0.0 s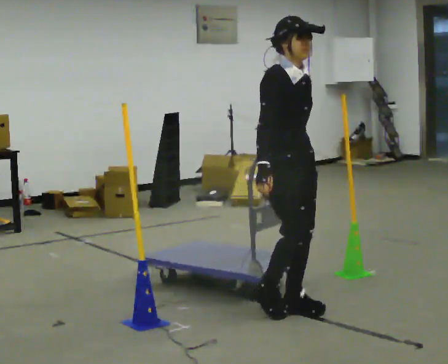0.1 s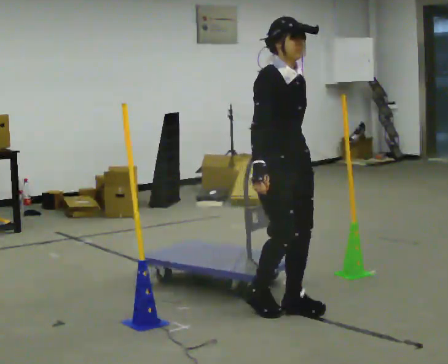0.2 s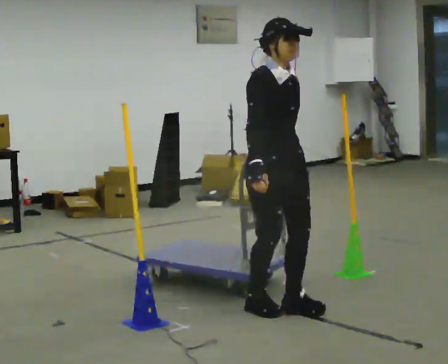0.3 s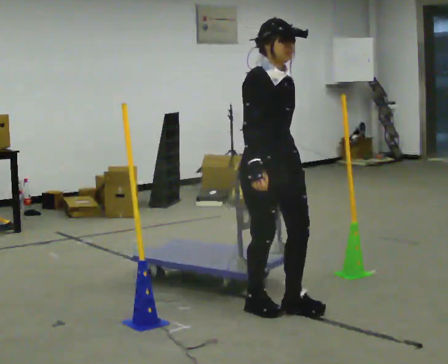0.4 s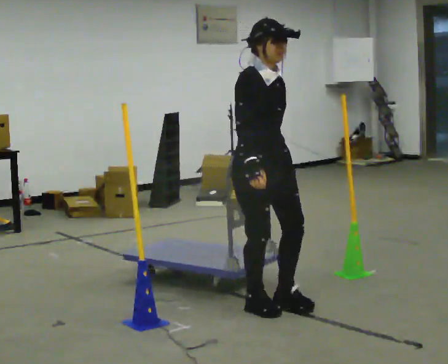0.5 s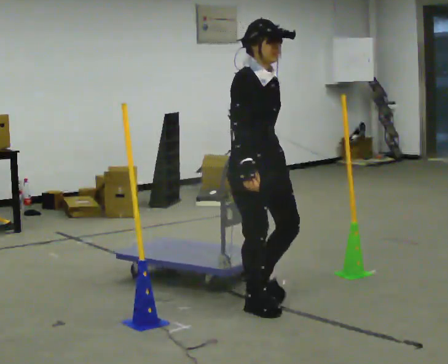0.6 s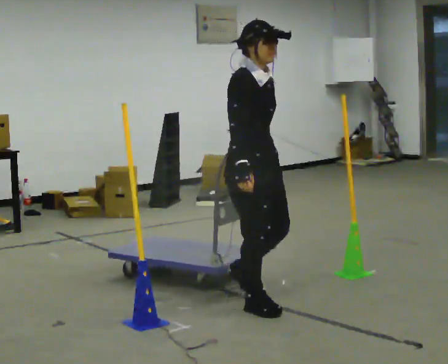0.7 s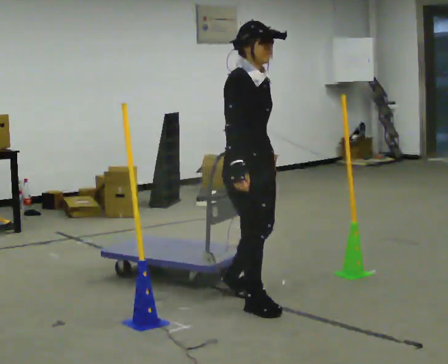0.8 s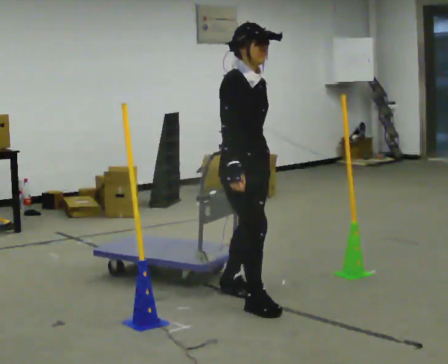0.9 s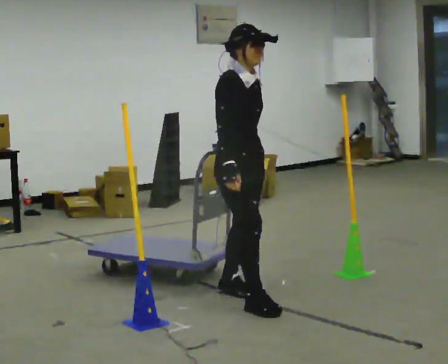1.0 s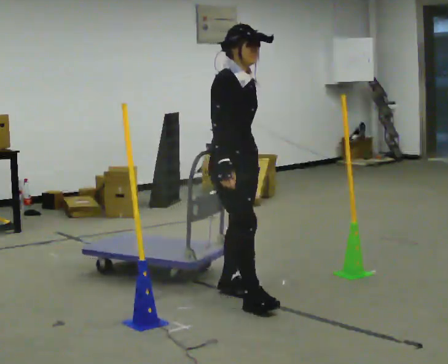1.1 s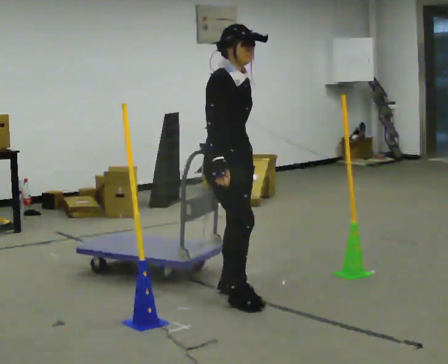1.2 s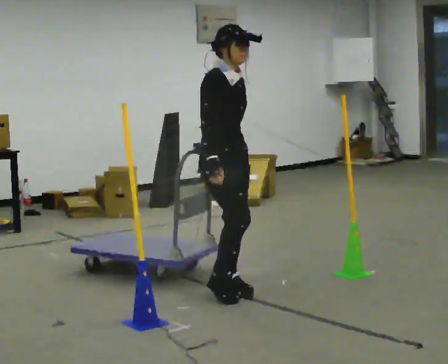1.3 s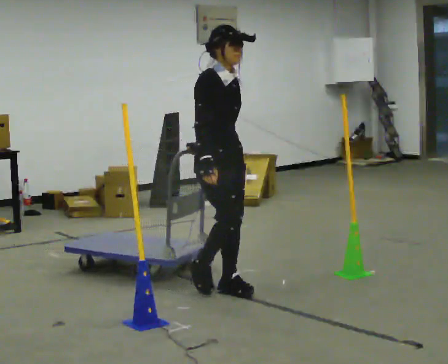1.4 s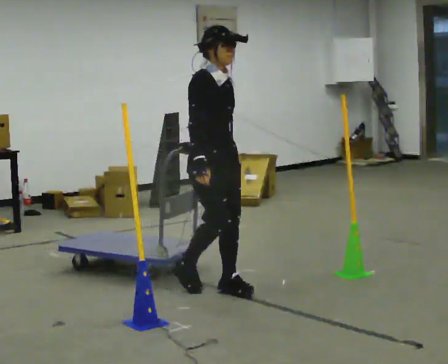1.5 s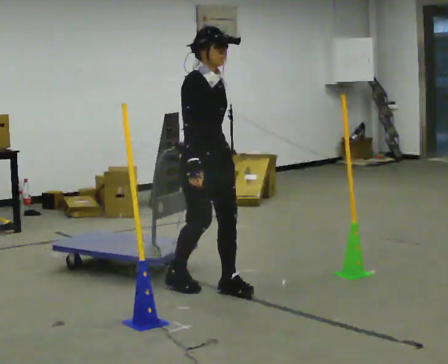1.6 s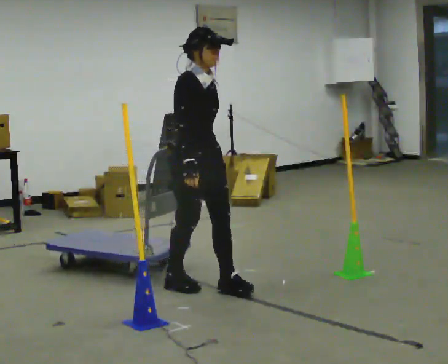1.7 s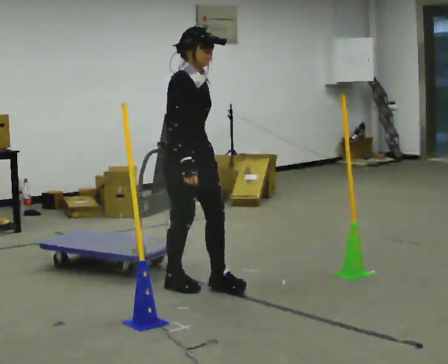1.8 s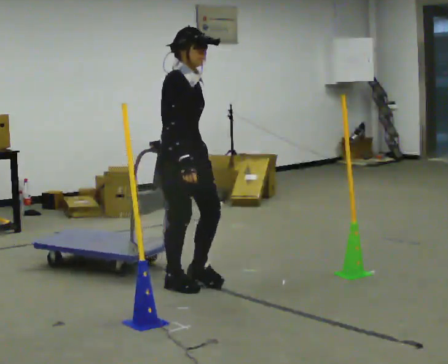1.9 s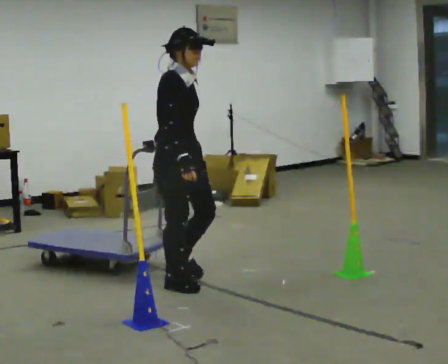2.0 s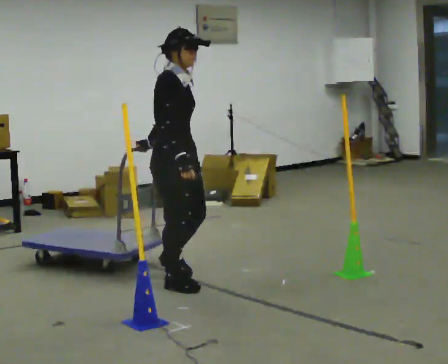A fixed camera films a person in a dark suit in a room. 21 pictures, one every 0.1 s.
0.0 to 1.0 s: In the picture they go away from the camera and to the left, about 0.5 m in 2 steps, which for them is backward.
1.0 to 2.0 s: In the picture they go to the left and away from the camera, about 0.5 m in 1 step, which for them is backward.
The film runs backward here.
